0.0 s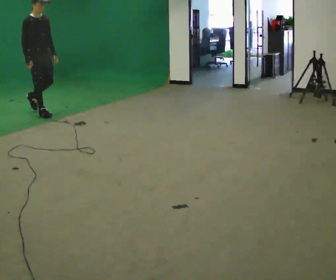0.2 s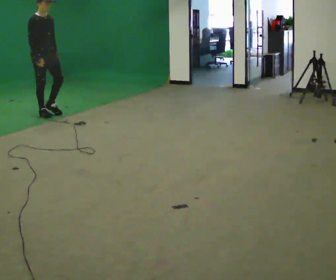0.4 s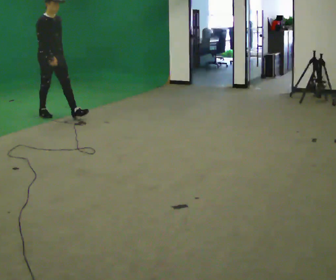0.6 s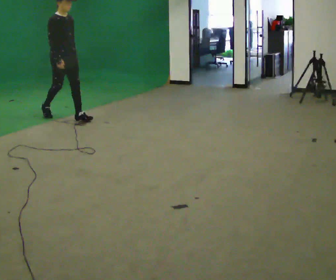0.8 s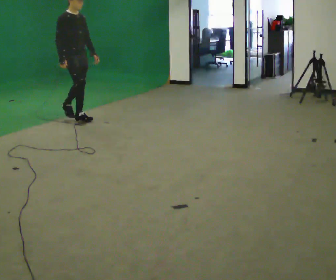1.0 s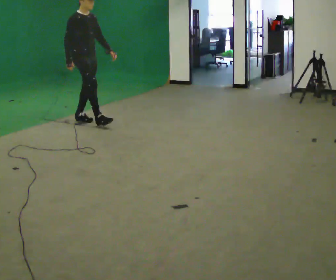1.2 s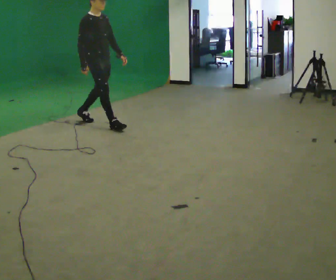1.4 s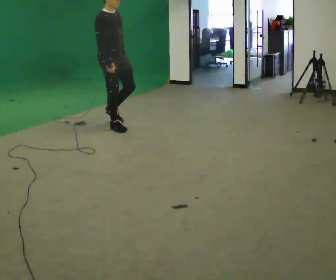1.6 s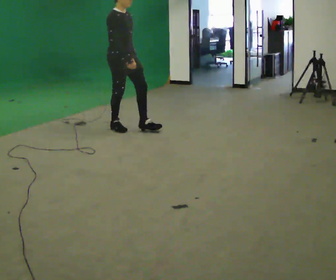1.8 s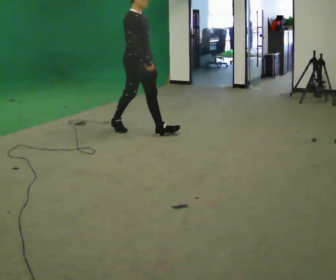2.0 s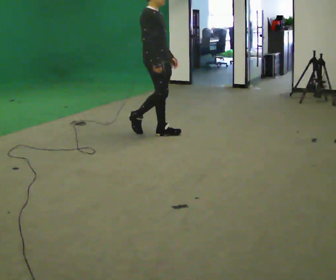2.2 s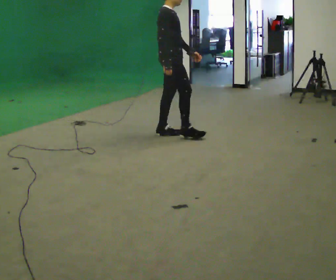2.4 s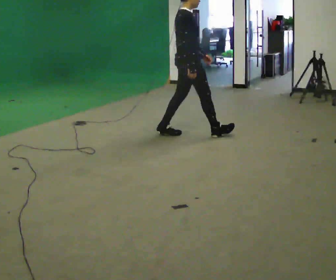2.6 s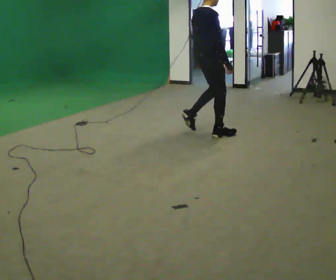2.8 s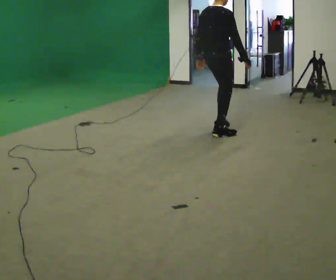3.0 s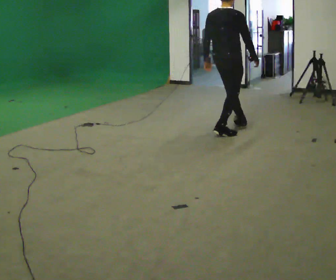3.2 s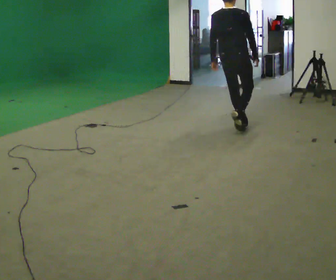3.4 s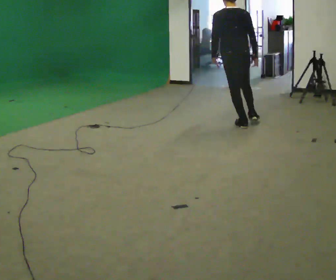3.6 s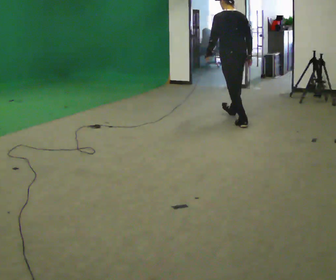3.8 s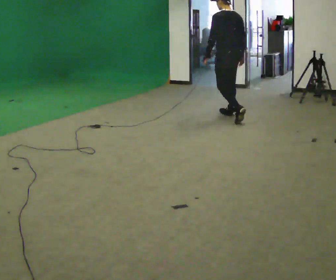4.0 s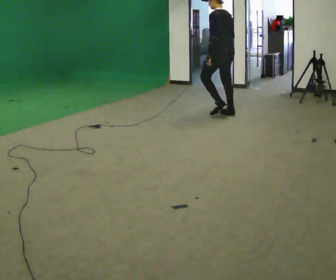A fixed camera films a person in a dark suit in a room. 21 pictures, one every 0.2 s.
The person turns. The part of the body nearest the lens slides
to the right.
The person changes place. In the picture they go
to the right.
0.0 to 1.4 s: In the picture they go to the right and toward the camera, about 1.5 m in 2 steps, which for them is forward.
1.4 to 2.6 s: The person turns about 45 degrees to their left, counterclockwise seen from above, so the part of the body nearest the lens slides to the right. In the picture they go to the right, about 1 m in 2 steps, which for them is forward.
2.6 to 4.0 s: Seen from above the body turns counterclockwise, about 120 degrees: to their left, with its near side sliding to the right. In the picture they go away from the camera, about 1 m in 2 steps.
The film runs forward here.
